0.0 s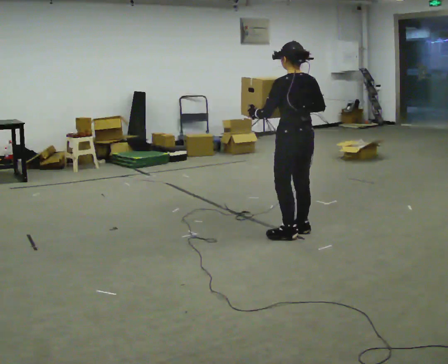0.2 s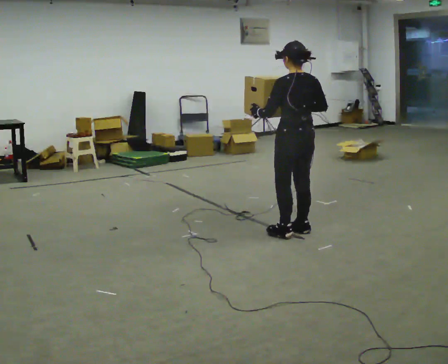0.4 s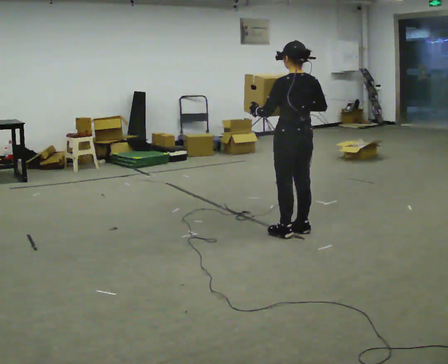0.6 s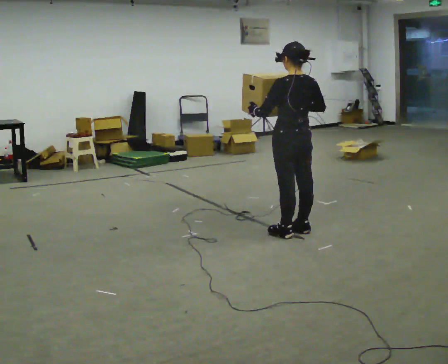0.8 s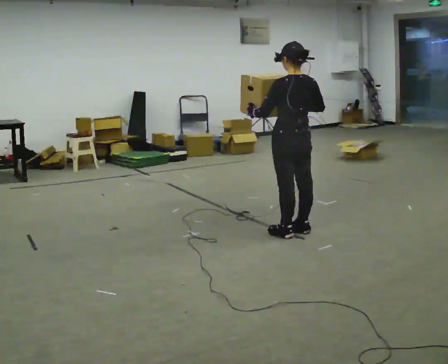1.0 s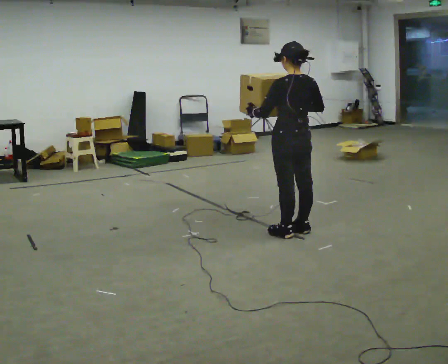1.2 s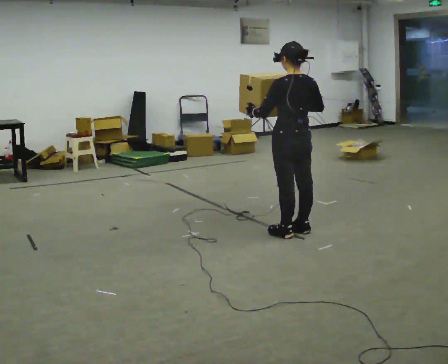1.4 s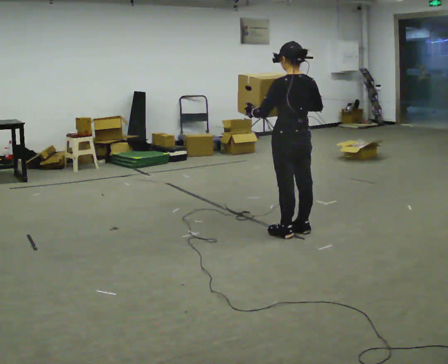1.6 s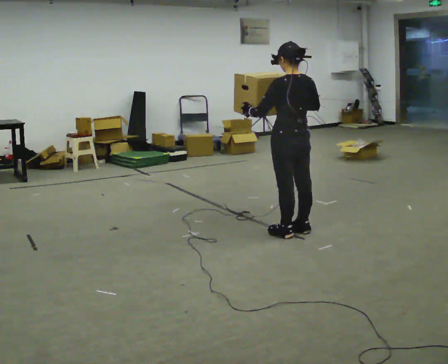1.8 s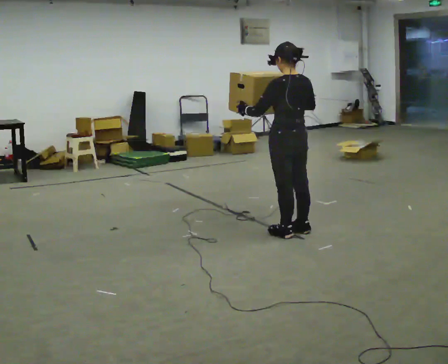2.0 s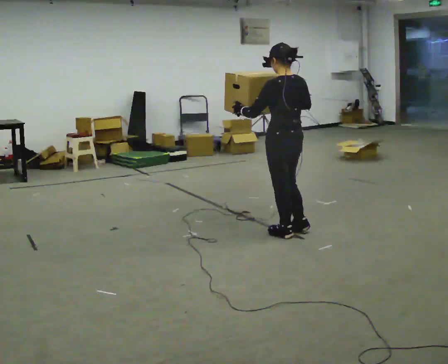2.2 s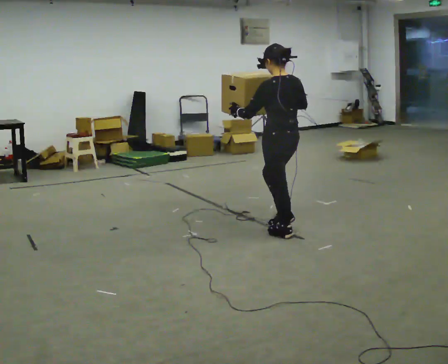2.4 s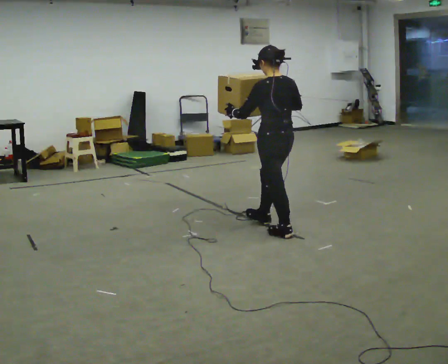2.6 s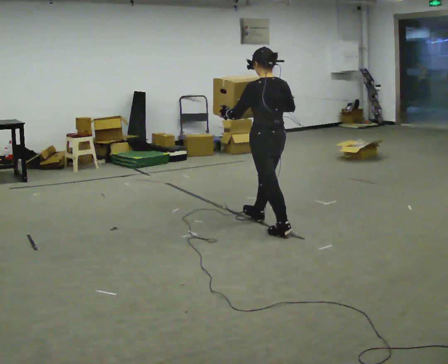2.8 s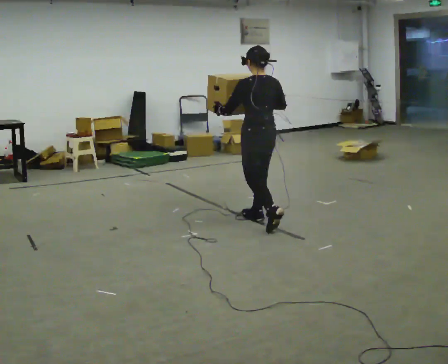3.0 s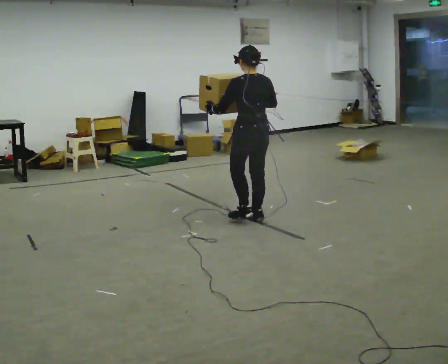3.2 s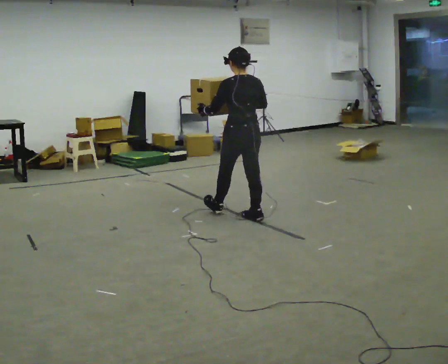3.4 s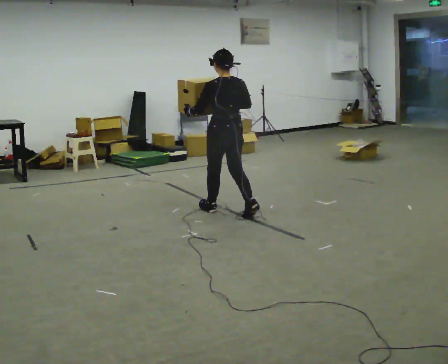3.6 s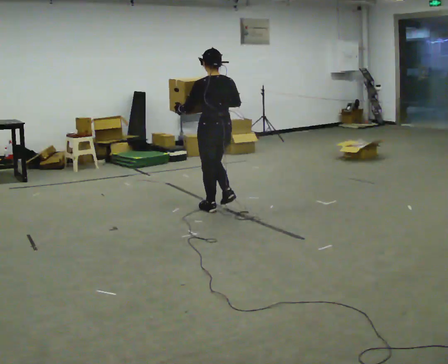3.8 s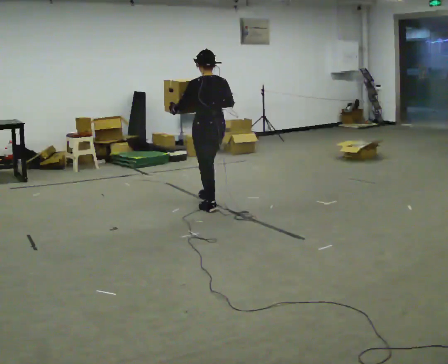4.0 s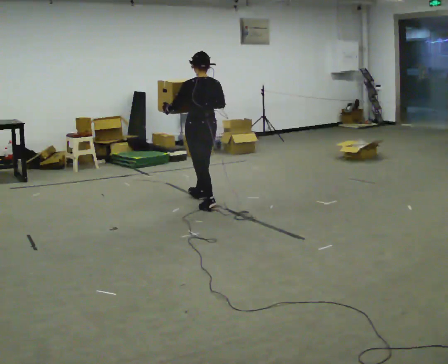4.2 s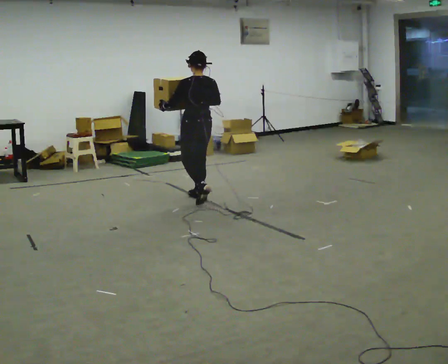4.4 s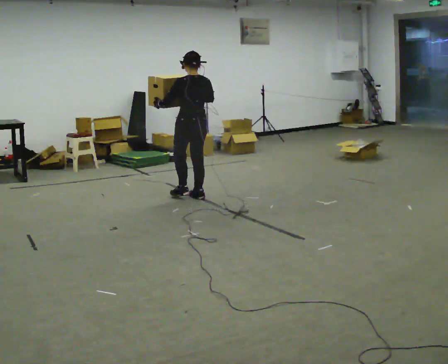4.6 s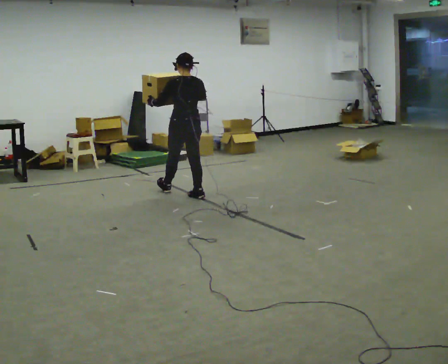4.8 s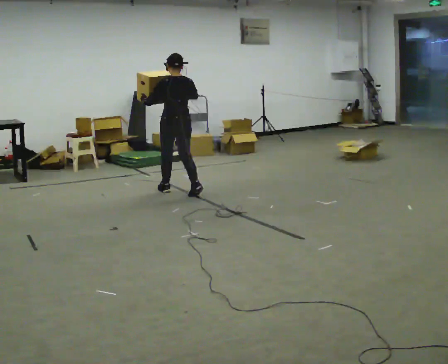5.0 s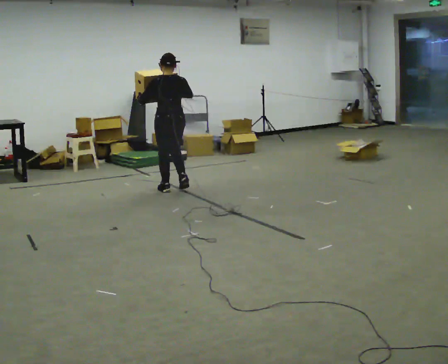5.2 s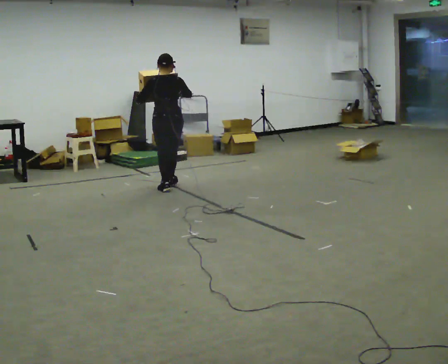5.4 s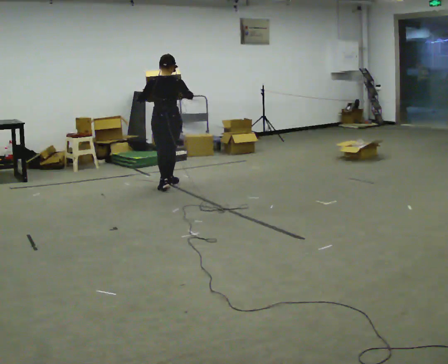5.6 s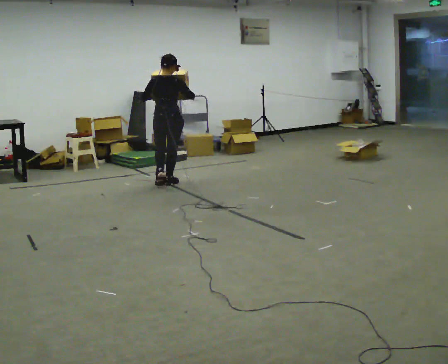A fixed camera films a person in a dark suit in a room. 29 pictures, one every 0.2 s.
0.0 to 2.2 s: The person moves a little, or ends about where they began.
2.2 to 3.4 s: In the picture they go away from the camera and to the left, about 0.5 m in 2 steps, which for them is forward.
3.4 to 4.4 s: In the picture they go away from the camera and to the left, about 0.75 m in 1 step, which for them is forward.
4.4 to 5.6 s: The person turns about 45 degrees to their right, clockwise seen from above, so the part of the body nearest the lens slides to the left. In the picture they go away from the camera and to the left, about 0.75 m in 2 steps, which for them is forward.
The film runs forward here.
